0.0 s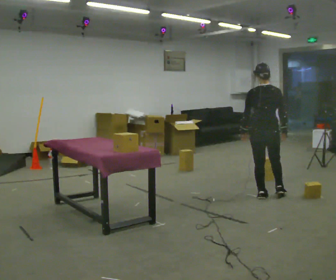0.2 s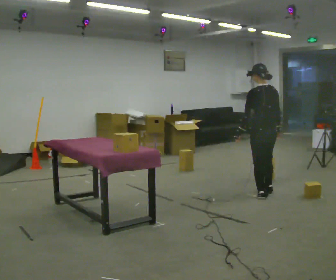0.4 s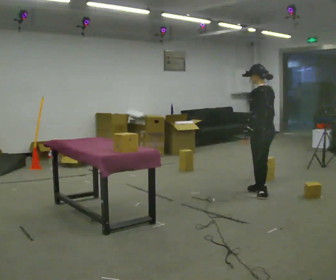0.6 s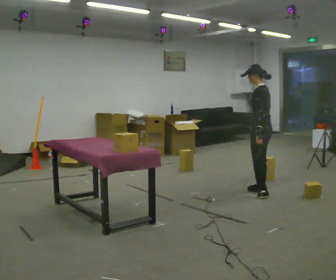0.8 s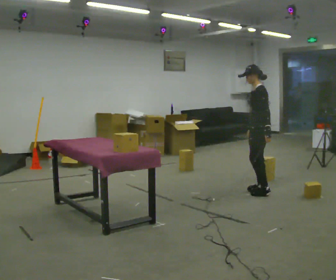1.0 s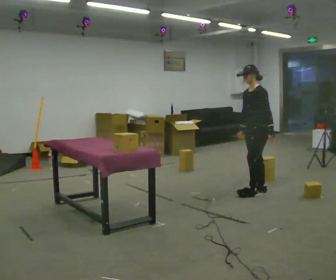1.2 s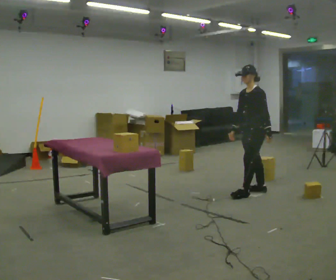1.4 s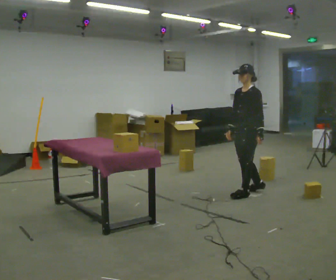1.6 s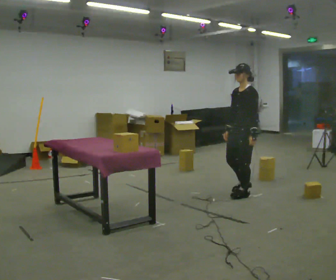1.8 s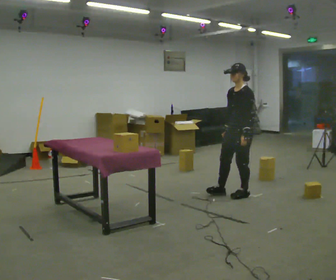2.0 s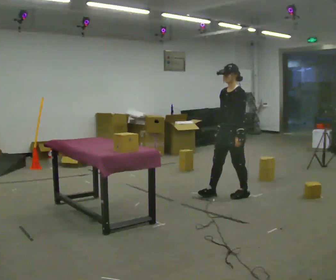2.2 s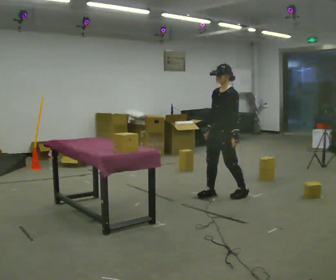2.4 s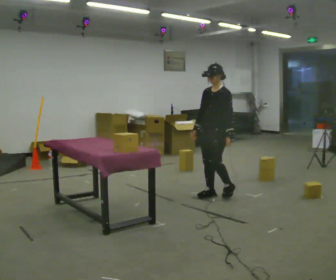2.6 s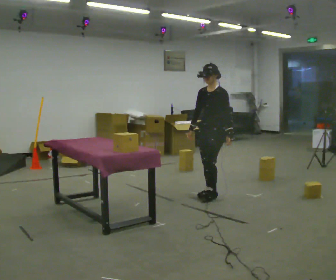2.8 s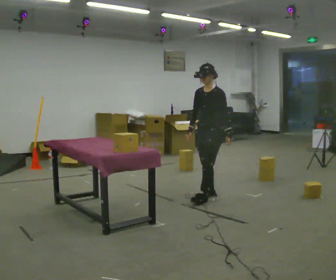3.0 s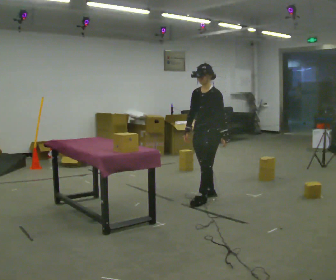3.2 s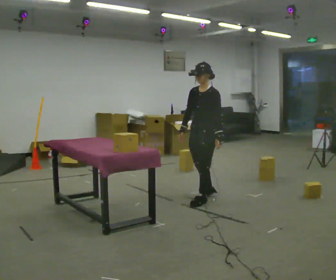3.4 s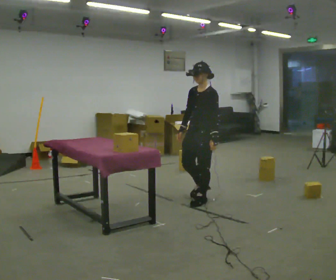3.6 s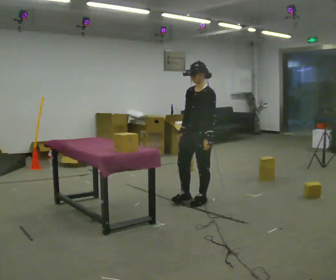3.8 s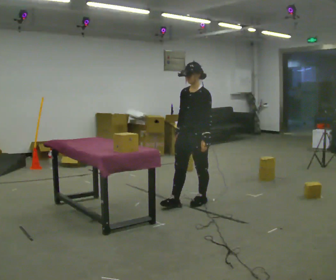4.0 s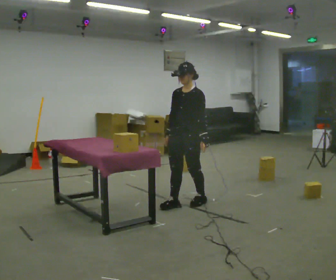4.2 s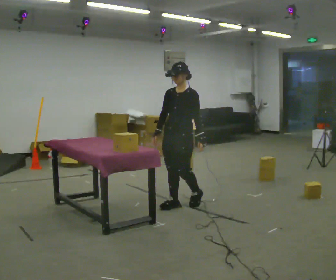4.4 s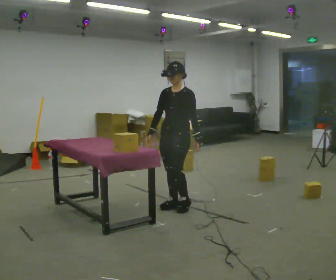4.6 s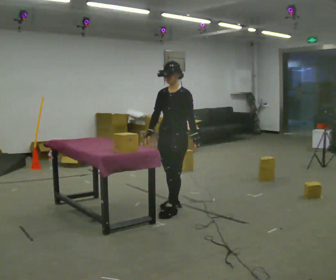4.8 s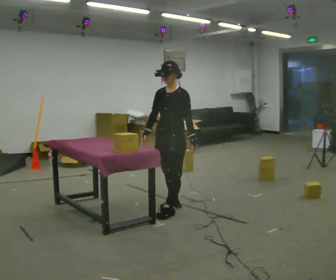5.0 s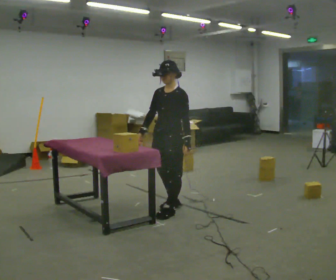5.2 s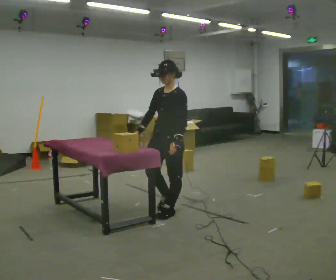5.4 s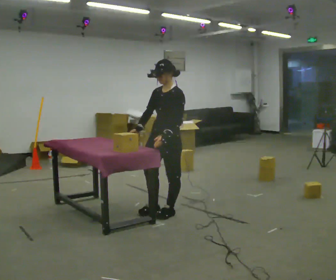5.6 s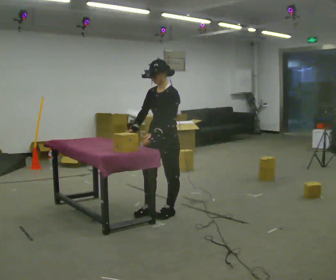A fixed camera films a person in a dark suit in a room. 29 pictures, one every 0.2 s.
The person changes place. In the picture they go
to the left.
The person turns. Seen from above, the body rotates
counterclockwise.
0.0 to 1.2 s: The person turns about 120 degrees to their left, counterclockwise seen from above, so the part of the body nearest the lens slides to the right. In the picture they go away from the camera, about 0.25 m in 2 steps. In the picture their left hand goes to the right, the arm swinging counterclockwise.
1.2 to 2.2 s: In the picture they go to the left, about 0.5 m in 1 step, which for them is forward.
2.2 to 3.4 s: In the picture they go toward the camera and to the left, about 0.25 m in 1 step, which for them is forward.
3.4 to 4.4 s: In the picture they go to the left and toward the camera, about 0.25 m in 1 step, which for them is forward and to their right.
4.4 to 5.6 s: In the picture they go toward the camera, about 0.25 m in 2 steps, which for them is forward.
The film runs forward here.
